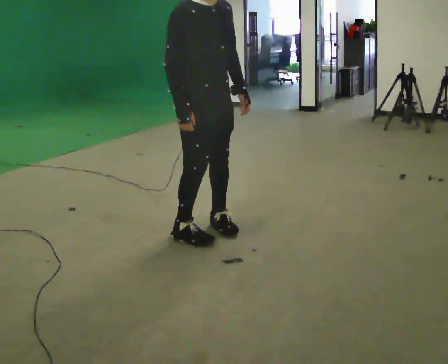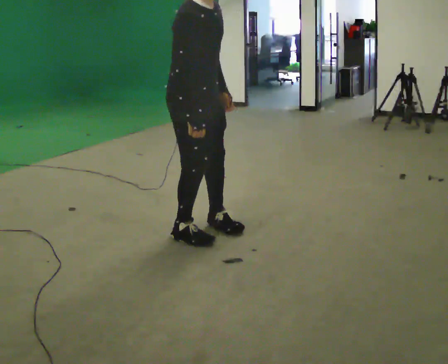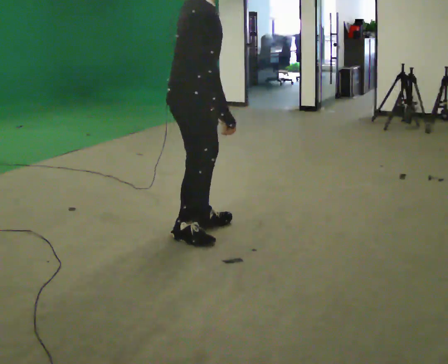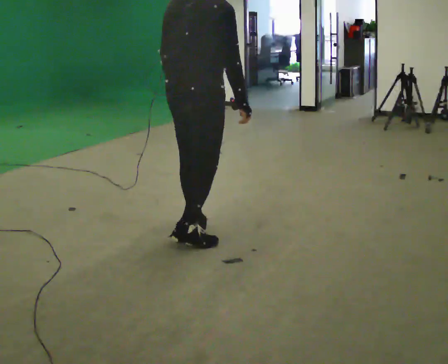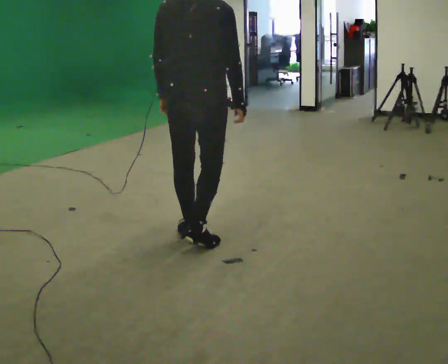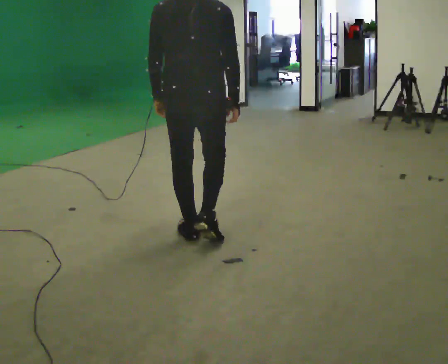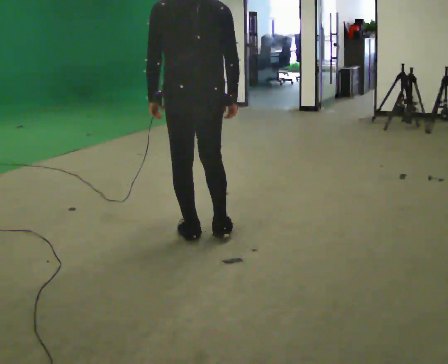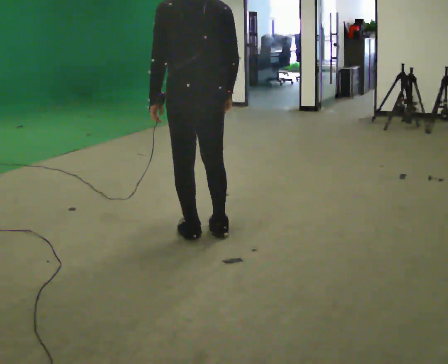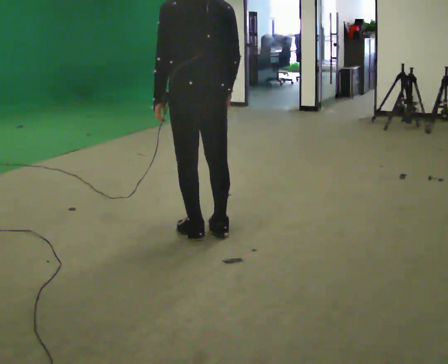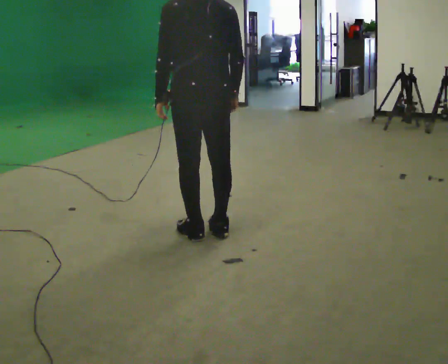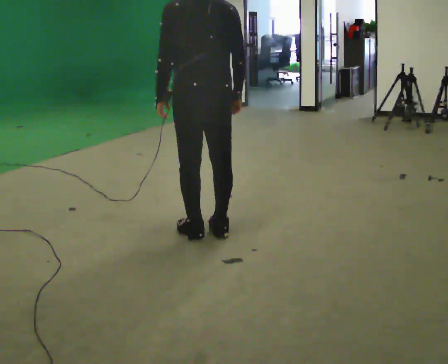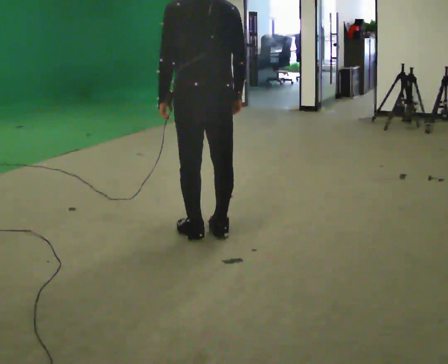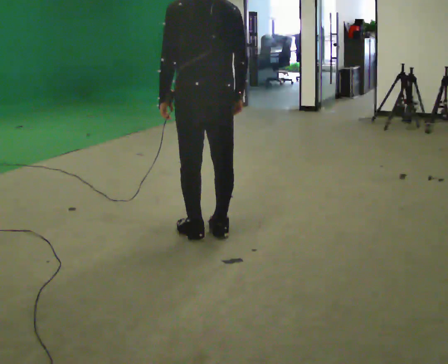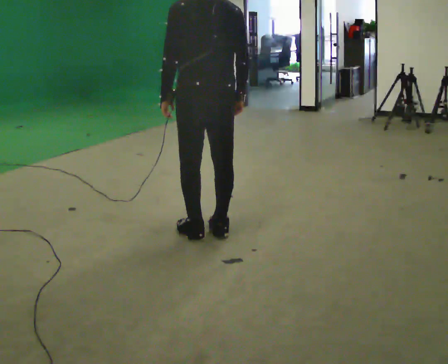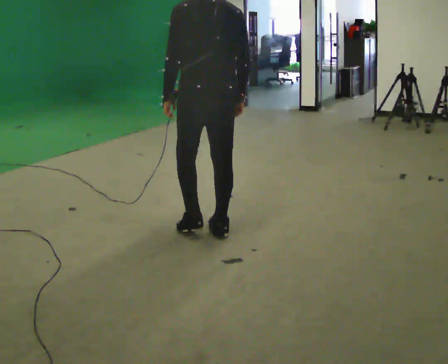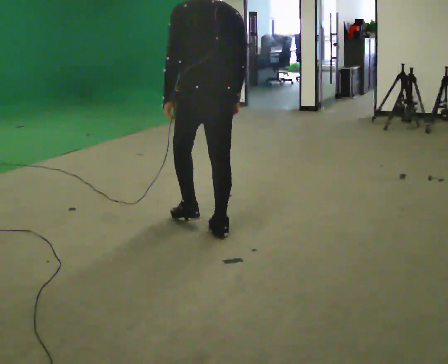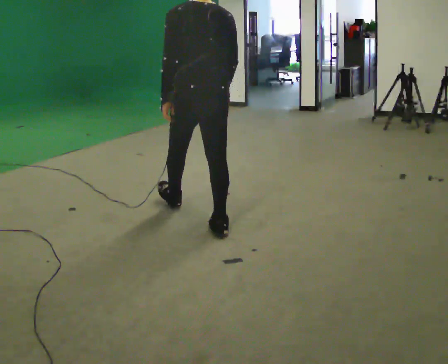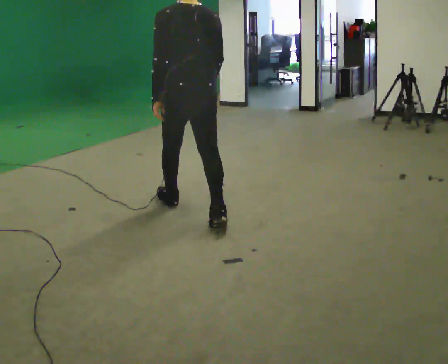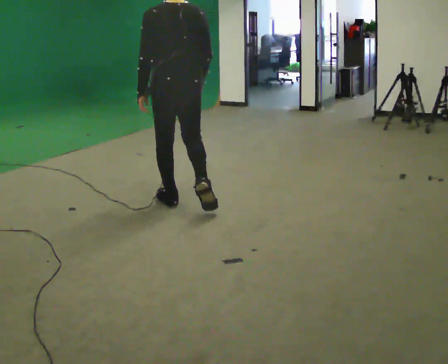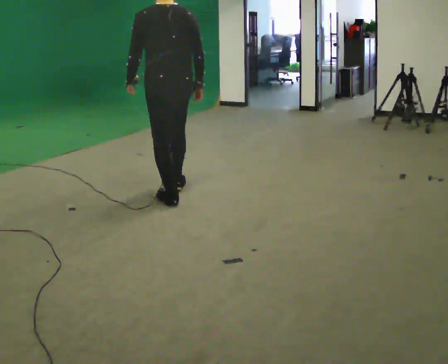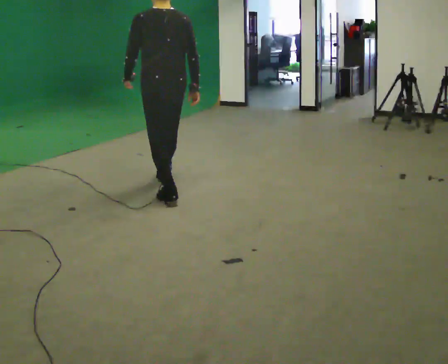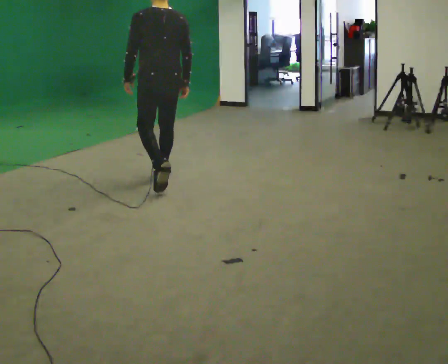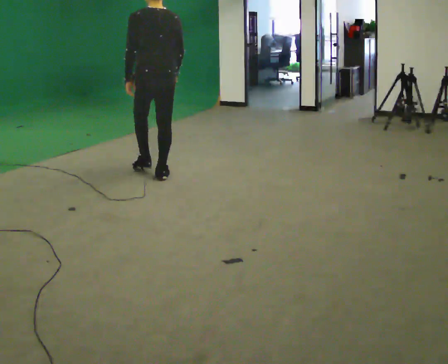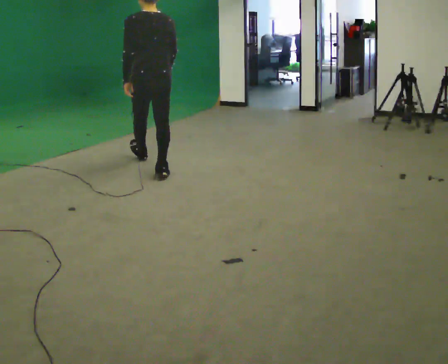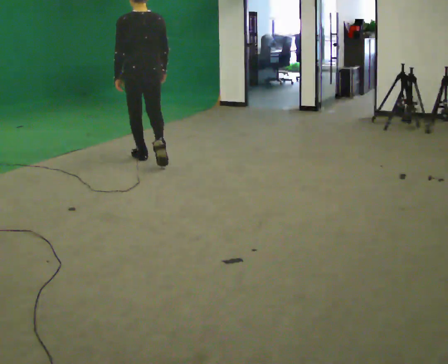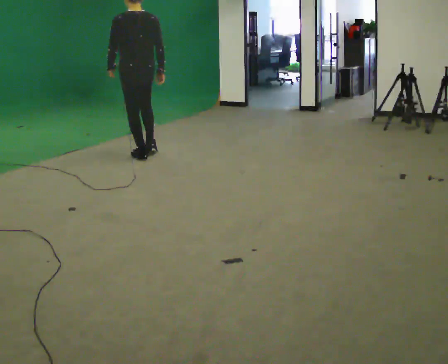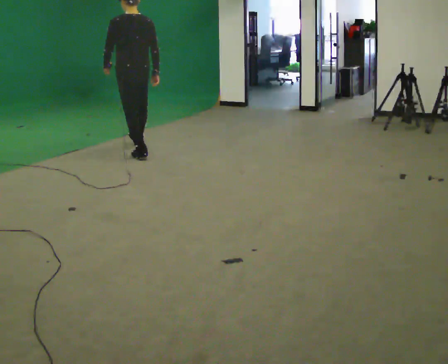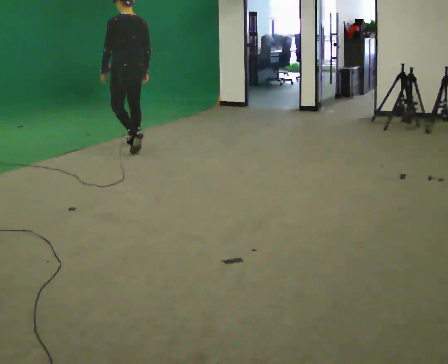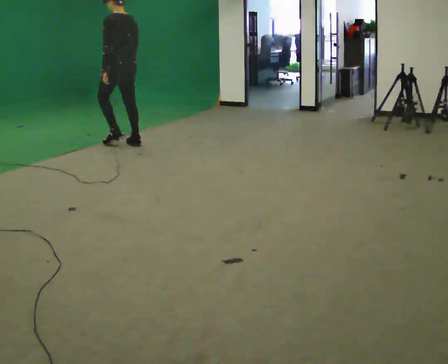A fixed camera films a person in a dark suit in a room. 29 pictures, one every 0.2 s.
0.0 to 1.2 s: The part of the body nearest the lens slides to the right as the person turns to their left by about 135 degrees. In the picture their left hand goes to the left, the arm swinging clockwise.
1.2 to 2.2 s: The person moves a little, or ends about where they began.
2.2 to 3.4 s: In the picture they go away from the camera, about 0.5 m in 1 step, which for them is forward.
3.4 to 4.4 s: In the picture they go away from the camera, about 1 m in 1 step, which for them is forward.
4.4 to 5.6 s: The part of the body nearest the lens slides to the right as the person turns to their left by about 30 degrees. In the picture they go away from the camera and to the left, about 1 m in 2 steps, which for them is forward.
The film runs forward here.
